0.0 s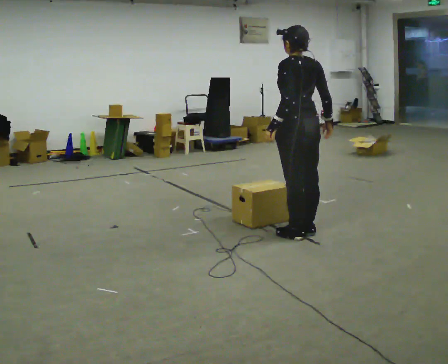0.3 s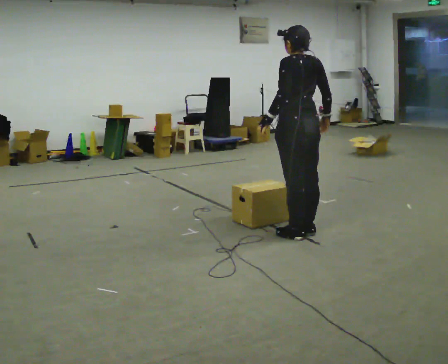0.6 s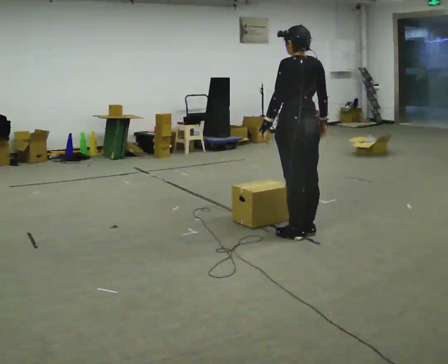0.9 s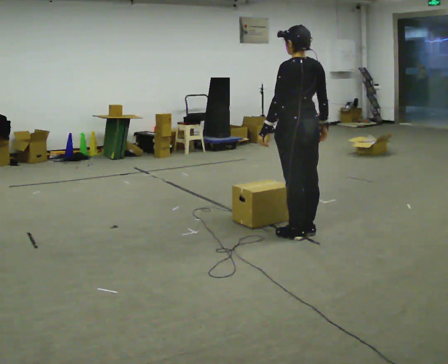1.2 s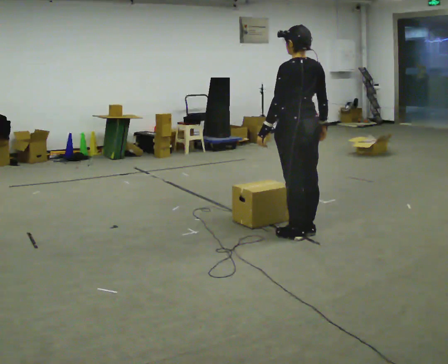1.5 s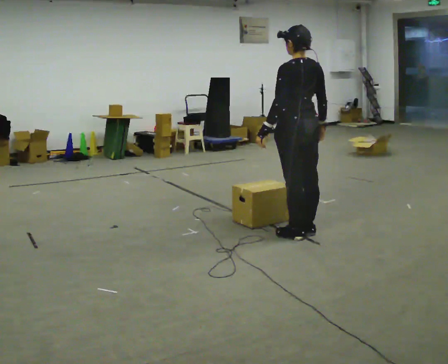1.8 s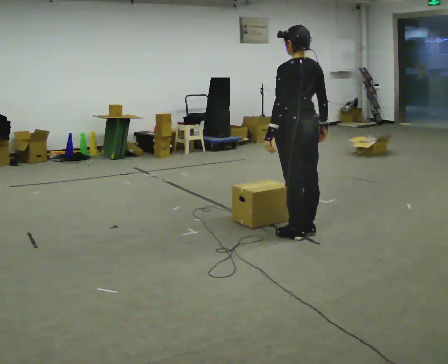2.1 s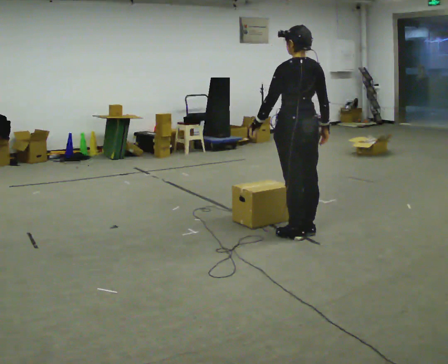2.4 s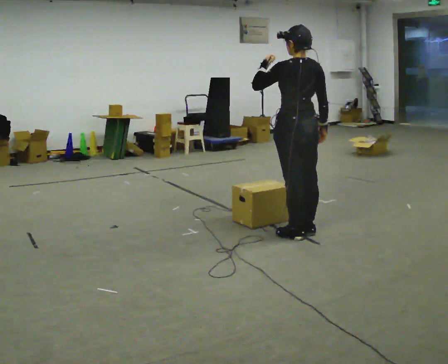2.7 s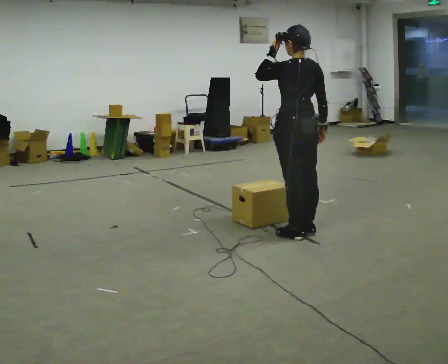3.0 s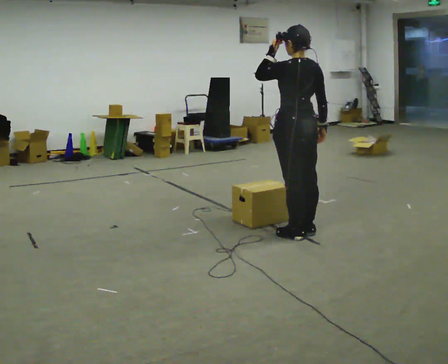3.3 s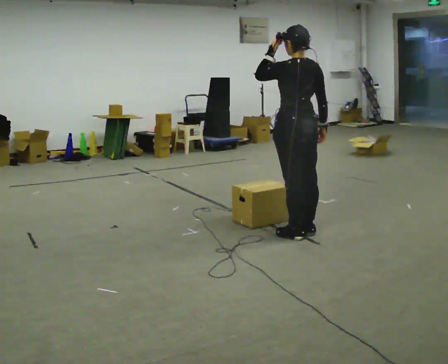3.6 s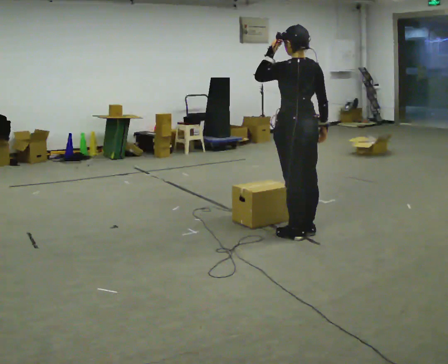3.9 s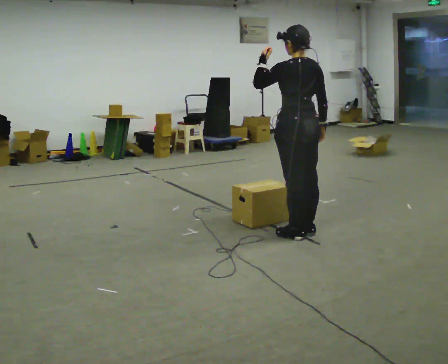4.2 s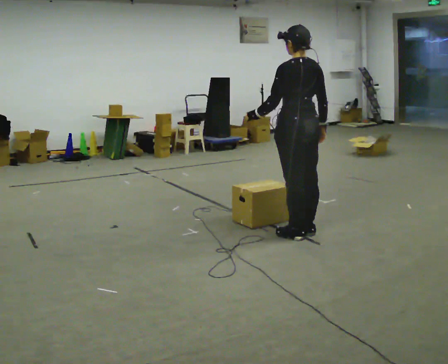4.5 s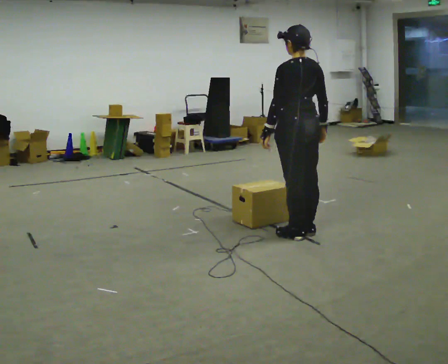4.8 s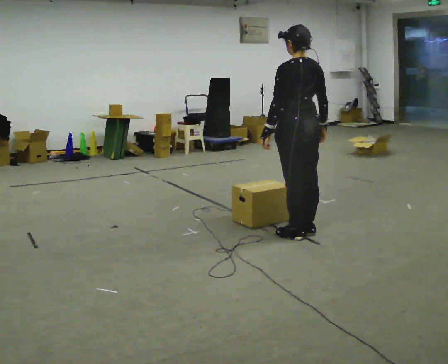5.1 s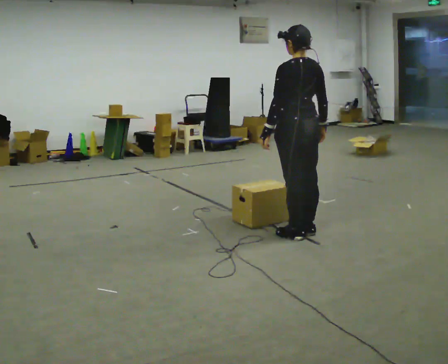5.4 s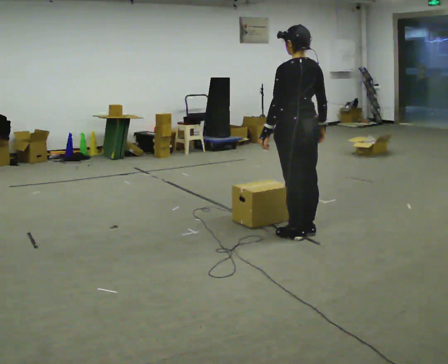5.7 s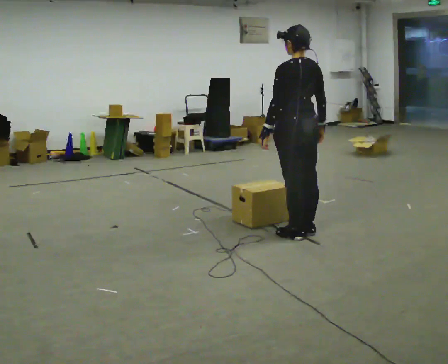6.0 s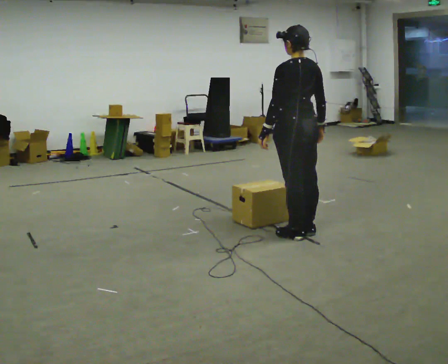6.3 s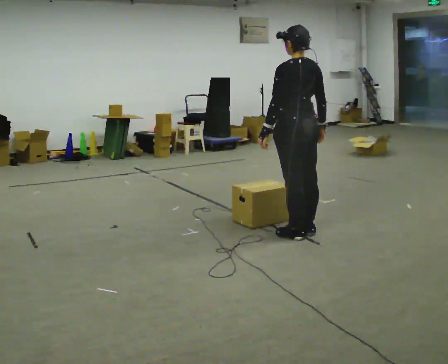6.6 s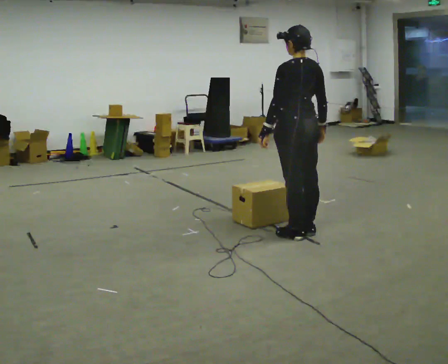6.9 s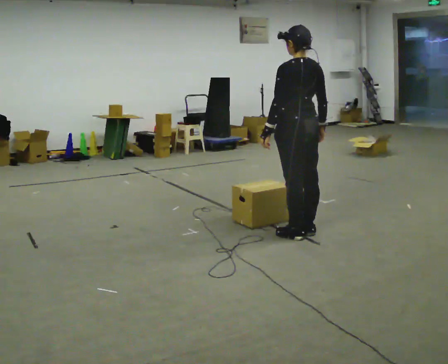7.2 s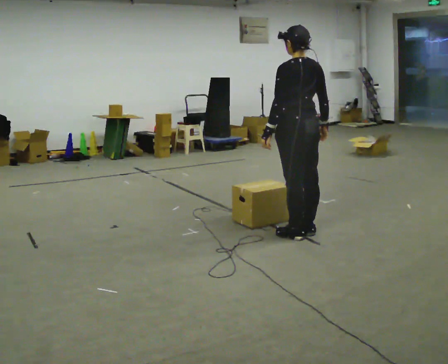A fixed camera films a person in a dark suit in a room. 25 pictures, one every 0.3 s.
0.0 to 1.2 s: The person moves a little, or ends about where they began.
1.2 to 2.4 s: In the picture their left hand goes upward, the arm swinging clockwise.
2.4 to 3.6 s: The person moves a little, or ends about where they began.
3.6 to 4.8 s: In the picture their left hand goes downward.
4.8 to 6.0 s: The person keeps their place and pose.
6.0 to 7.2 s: The person moves a little, or ends about where they began.
The film runs backward here.
